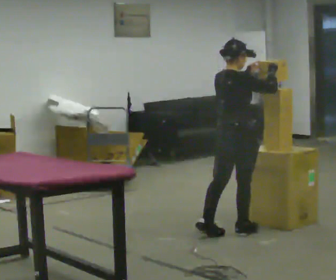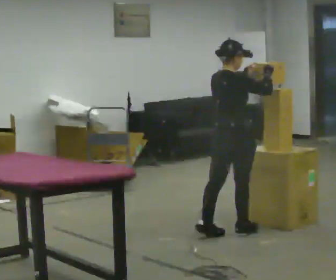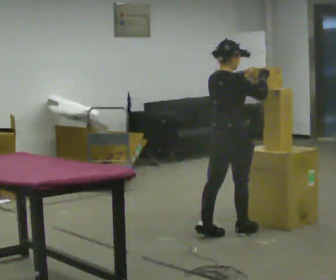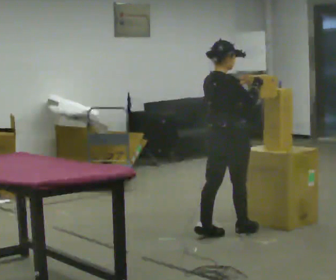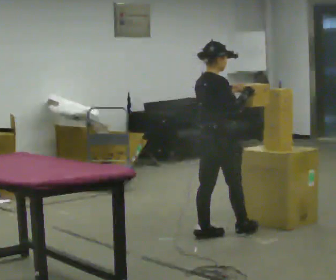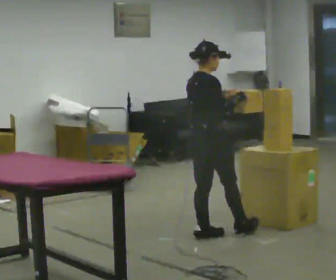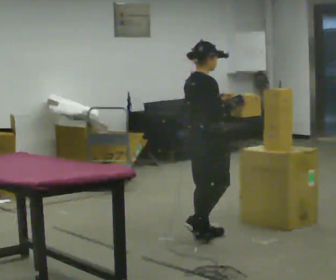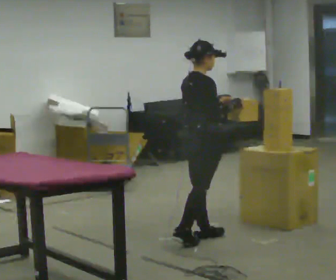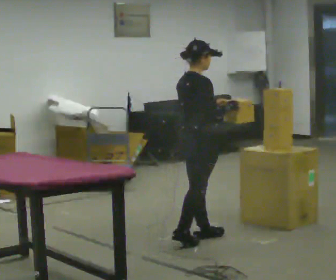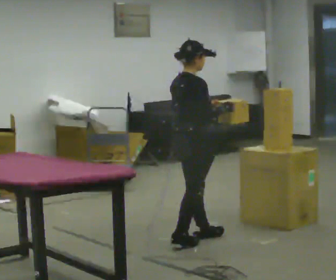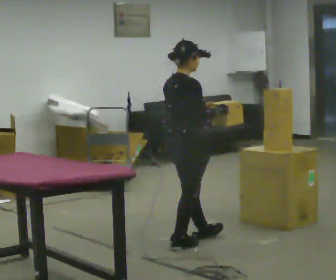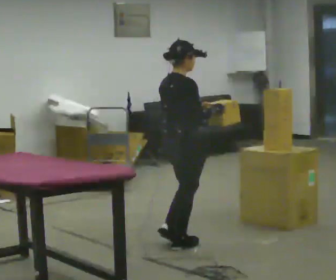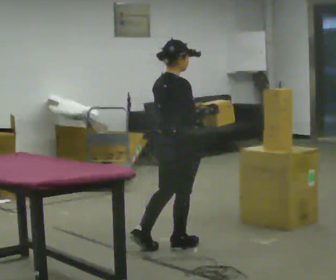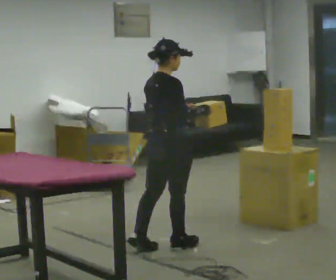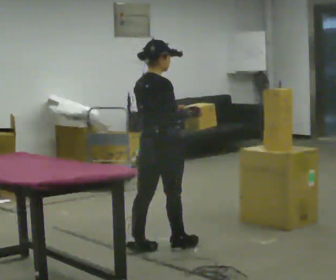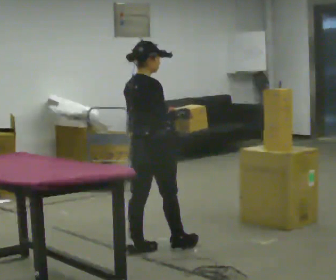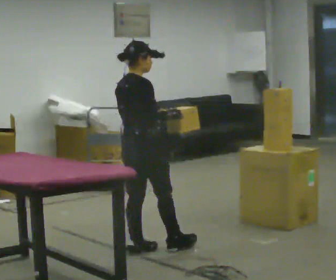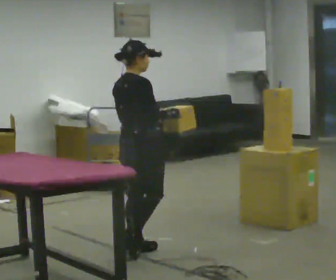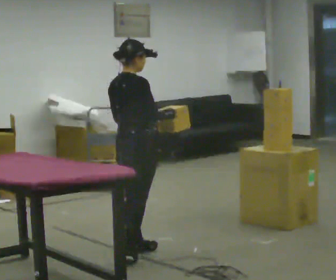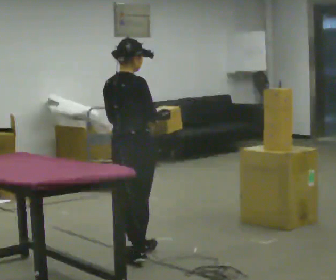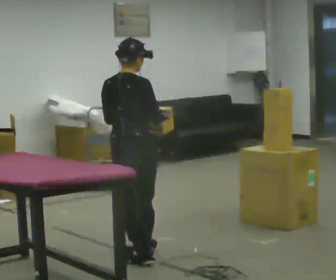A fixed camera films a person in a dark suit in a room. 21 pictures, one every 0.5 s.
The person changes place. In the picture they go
to the left.
0.0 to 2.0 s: The person moves a little, or ends about where they began.
2.0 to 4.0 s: In the picture they go to the left, about 0.25 m in 1 step, which for them is backward.
4.0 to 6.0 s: In the picture they go toward the camera and to the left, about 0.25 m in 1 step, which for them is backward.
6.0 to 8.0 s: In the picture they go to the left, about 0.25 m in 1 step, which for them is backward.
8.0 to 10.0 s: Seen from above the body turns counterclockwise, about 30 degrees: to their left, with its near side sliding to the right. In the picture they go toward the camera, about 0.25 m, which for them is backward.
The film runs backward here.
